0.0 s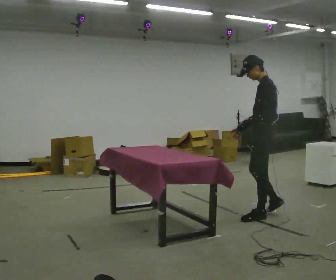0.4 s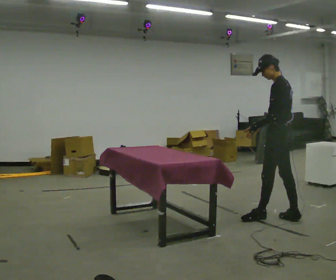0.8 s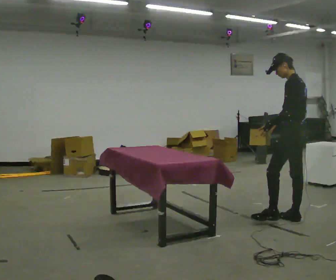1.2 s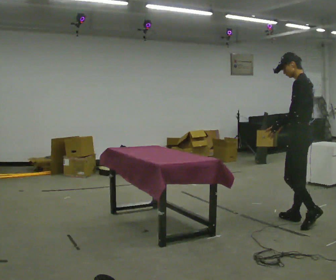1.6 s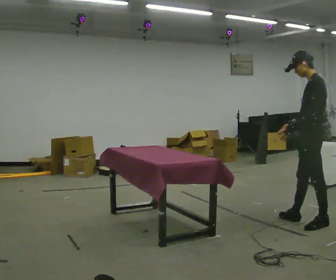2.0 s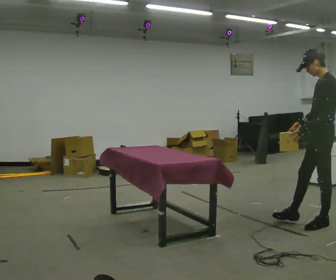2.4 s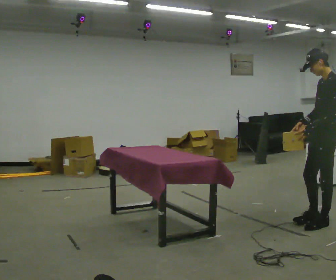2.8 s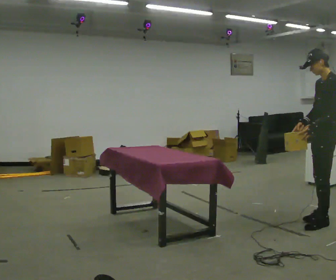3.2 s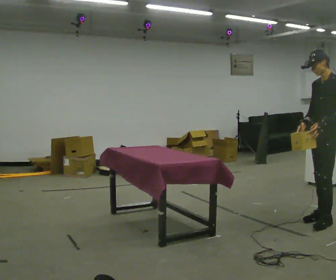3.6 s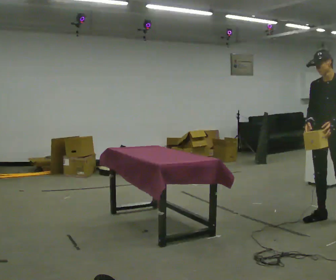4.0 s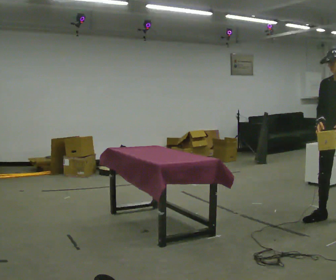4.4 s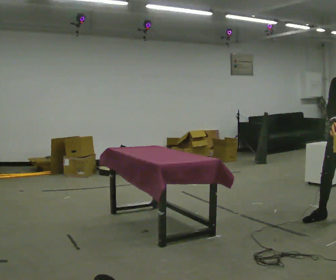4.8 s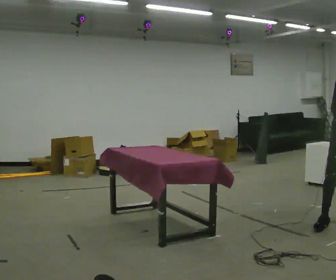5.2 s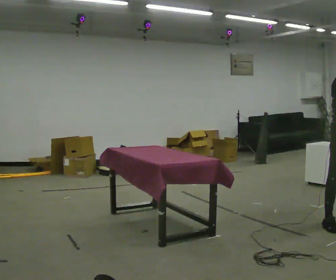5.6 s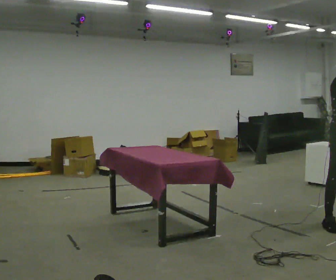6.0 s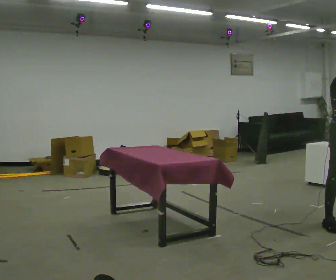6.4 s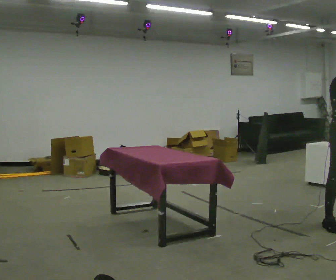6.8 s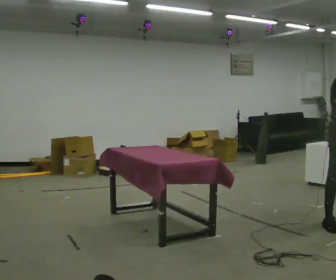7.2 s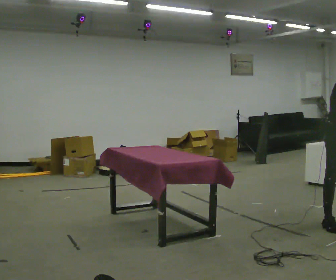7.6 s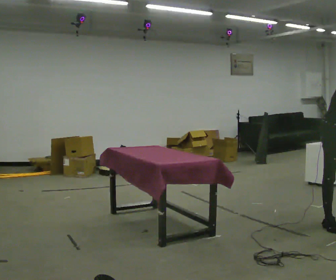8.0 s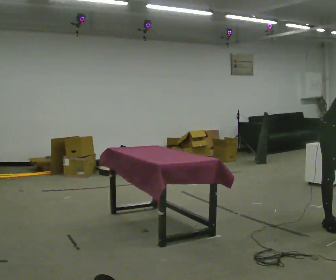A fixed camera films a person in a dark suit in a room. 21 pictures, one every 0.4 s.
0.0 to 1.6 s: In the picture they go to the right, about 0.5 m in 1 step, which for them is backward.
1.6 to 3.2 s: Seen from above the body turns counterclockwise, about 30 degrees: to their left, with its near side sliding to the right.
3.2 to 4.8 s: Seen from above the body turns counterclockwise, about 60 degrees: to their left, with its near side sliding to the right. In the picture they go to the right, about 0.25 m in 1 step. In the picture their right hand goes to the right.
4.8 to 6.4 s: The person turns about 30 degrees to their left, counterclockwise seen from above, so the part of the body nearest the lens slides to the right.
6.4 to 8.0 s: The shoulders move downward. In the picture the upper body tilts clockwise, shoulders to the right, as they bend forward.
The film runs backward here.
